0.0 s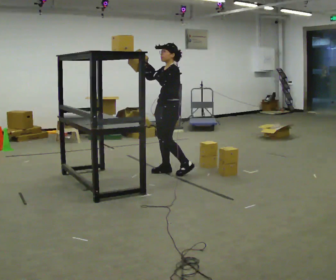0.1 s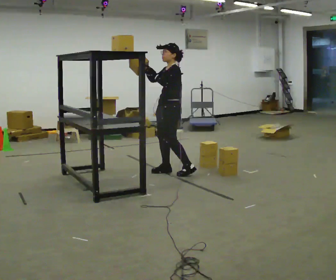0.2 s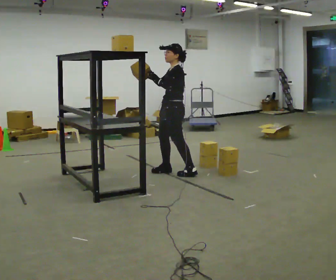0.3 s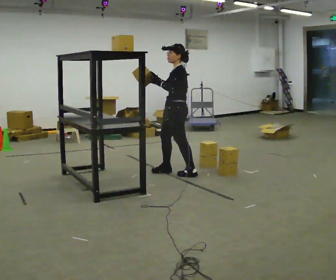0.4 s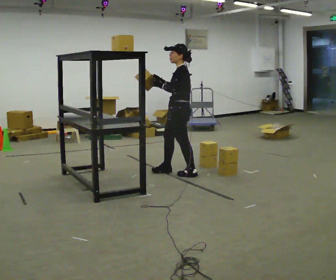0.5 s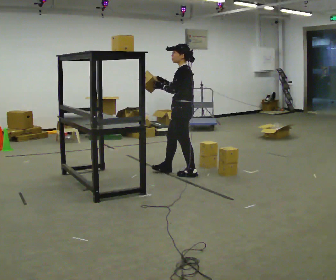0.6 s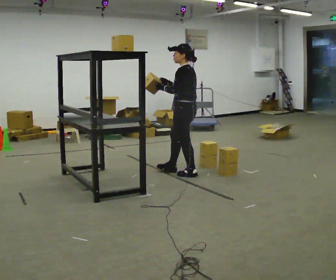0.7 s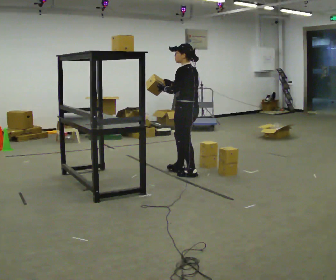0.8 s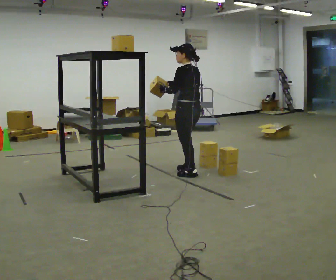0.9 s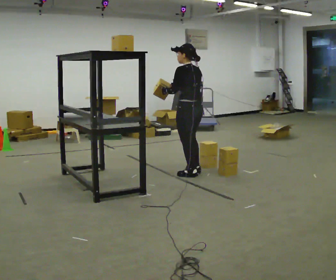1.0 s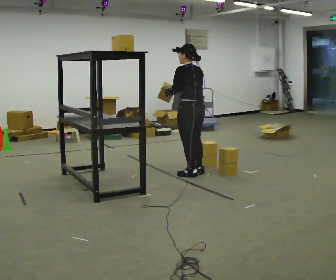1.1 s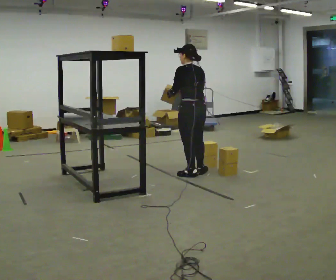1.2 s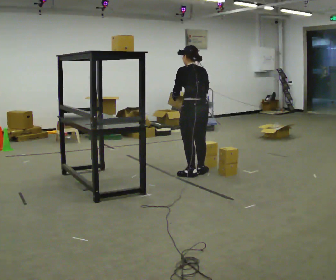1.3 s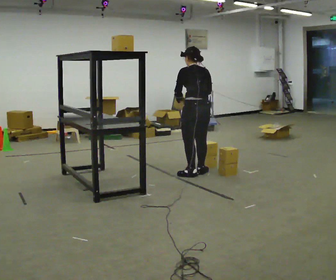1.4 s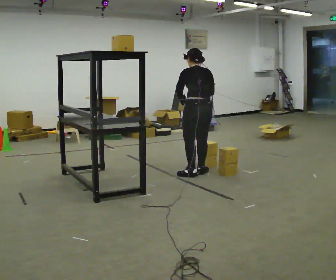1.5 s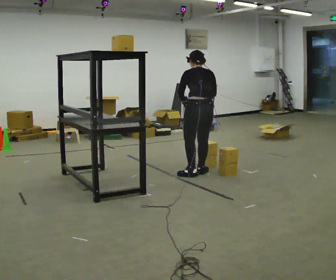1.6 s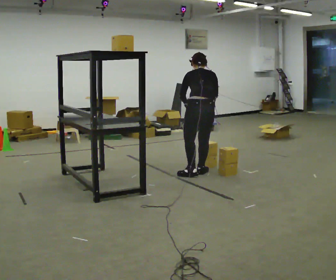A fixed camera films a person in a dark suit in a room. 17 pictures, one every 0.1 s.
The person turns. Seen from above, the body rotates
clockwise.
The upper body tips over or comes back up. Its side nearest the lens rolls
upward.
0.0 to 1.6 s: Seen from above the body turns clockwise, about 105 degrees: to their right, with its near side sliding to the left. In the picture they go to the right, about 0.5 m in 1 step. The upper body tips away from the camera, its near side rolling upward, as they bend forward. In the picture their right hand goes downward.
The film runs backward here.
